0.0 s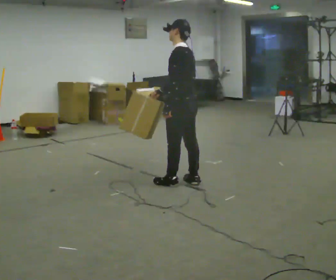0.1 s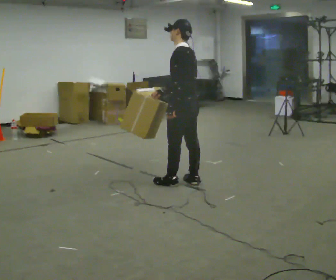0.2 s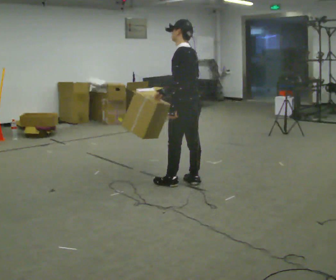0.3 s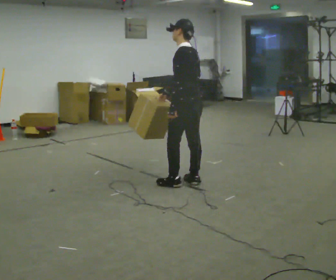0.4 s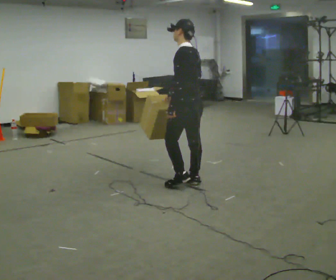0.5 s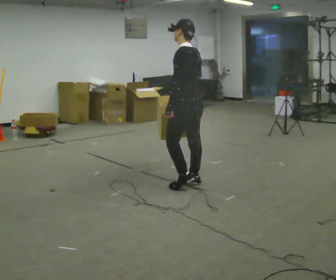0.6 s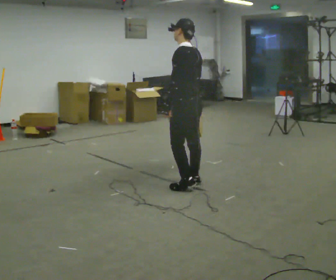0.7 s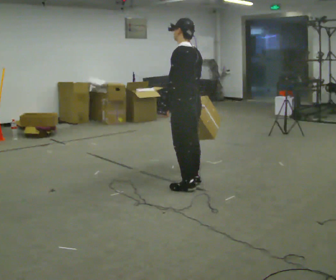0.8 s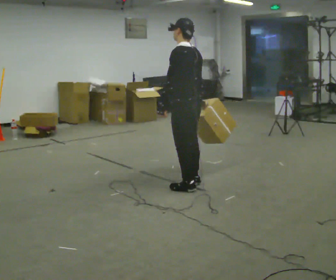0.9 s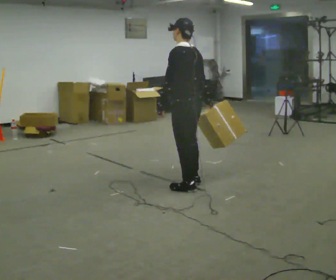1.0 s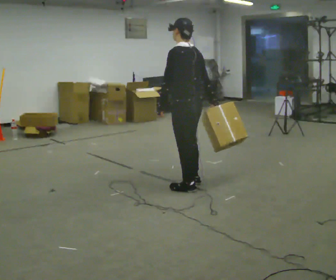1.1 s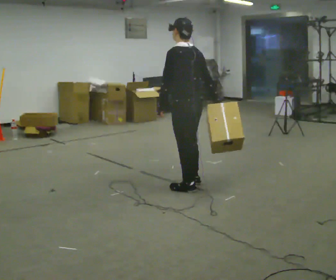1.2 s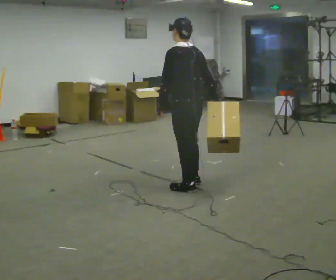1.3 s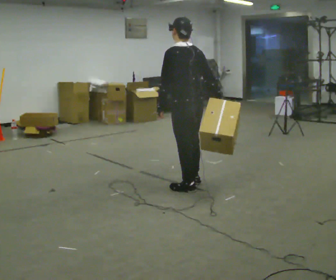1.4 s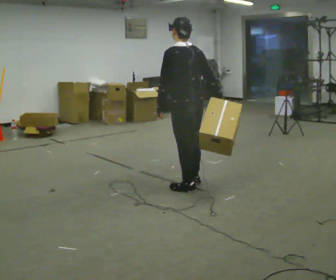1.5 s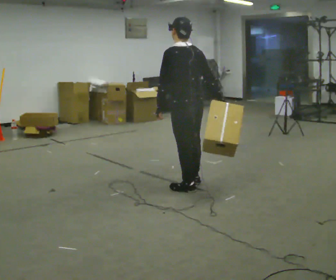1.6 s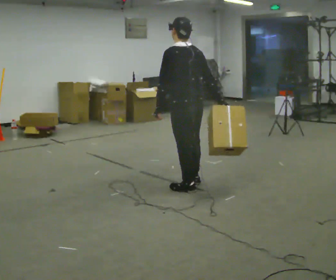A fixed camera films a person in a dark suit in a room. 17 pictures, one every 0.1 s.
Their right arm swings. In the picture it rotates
counterclockwise.
0.0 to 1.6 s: In the picture they go toward the camera, about 0.25 m in 1 step, which for them is to their left and backward. In the picture their right hand goes to the right, the arm swinging counterclockwise.
The film runs backward here.
